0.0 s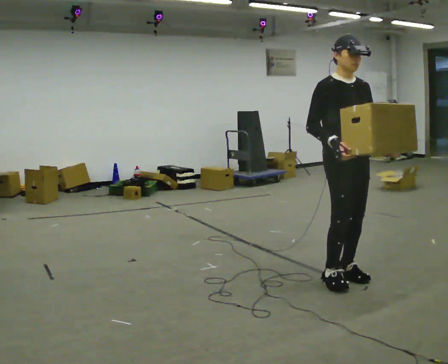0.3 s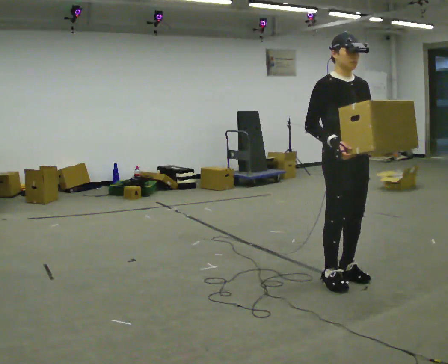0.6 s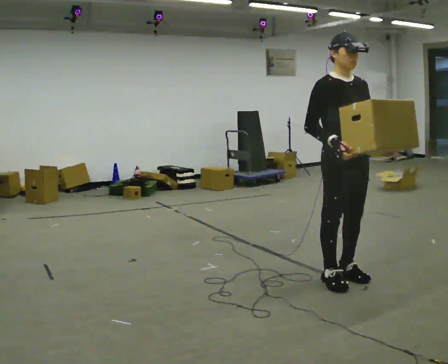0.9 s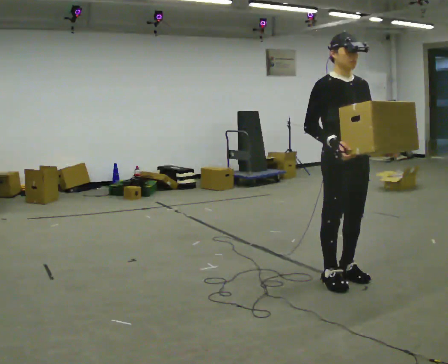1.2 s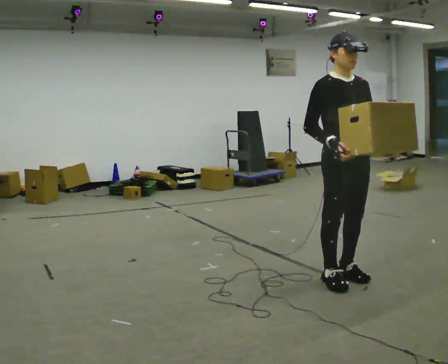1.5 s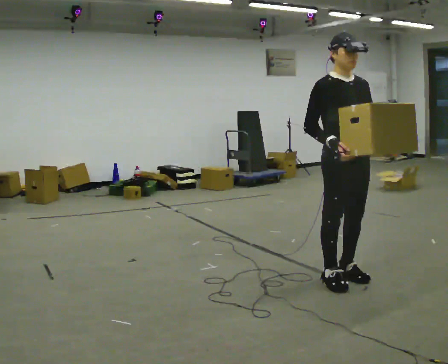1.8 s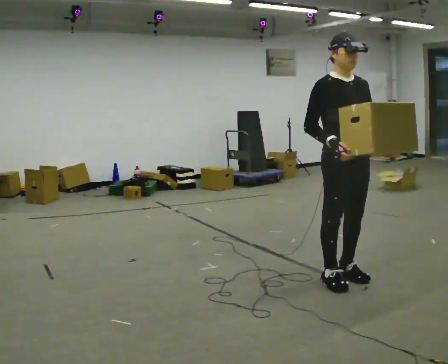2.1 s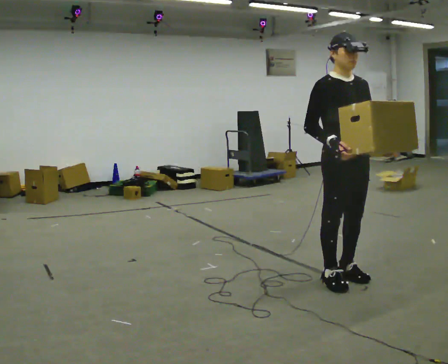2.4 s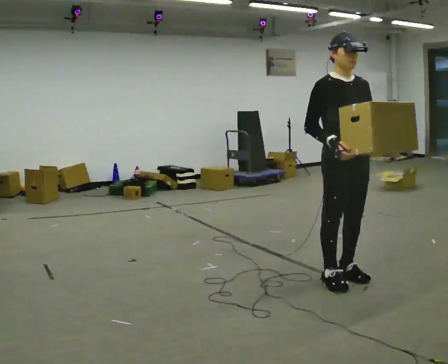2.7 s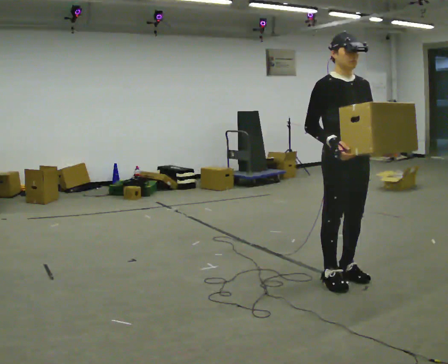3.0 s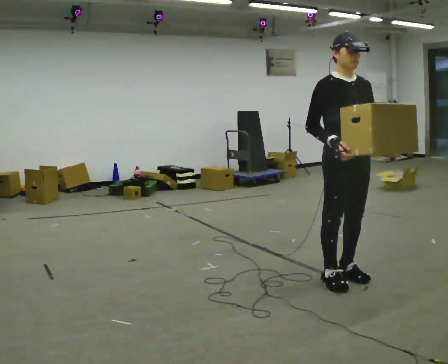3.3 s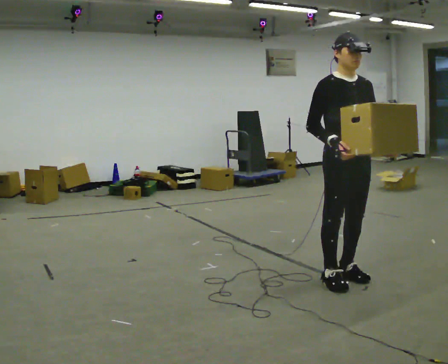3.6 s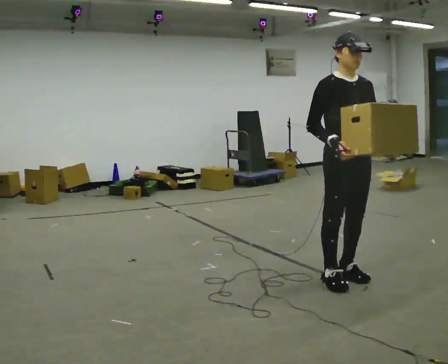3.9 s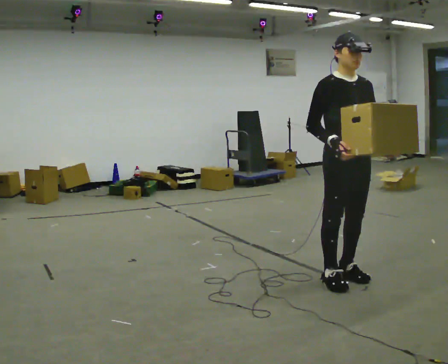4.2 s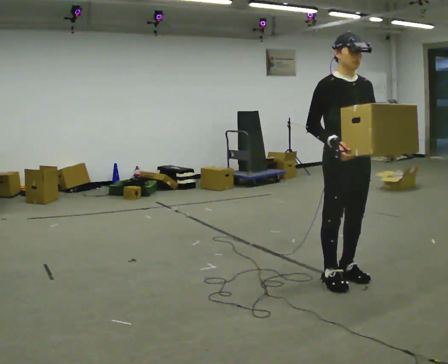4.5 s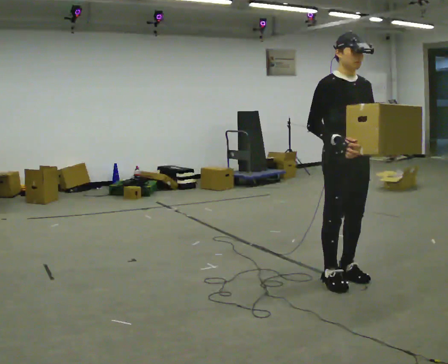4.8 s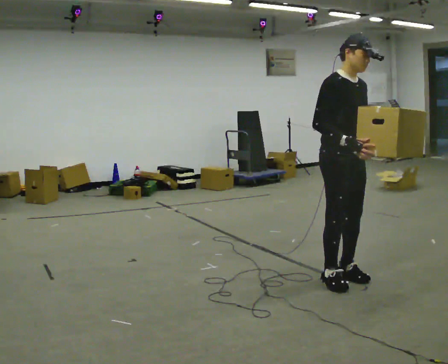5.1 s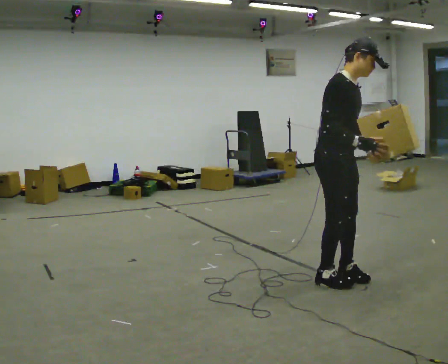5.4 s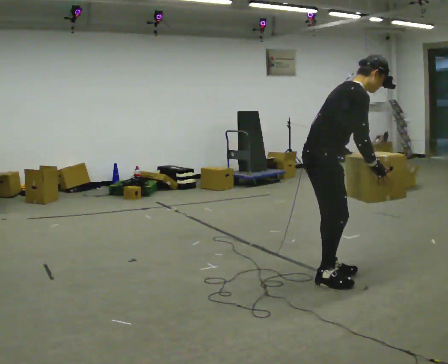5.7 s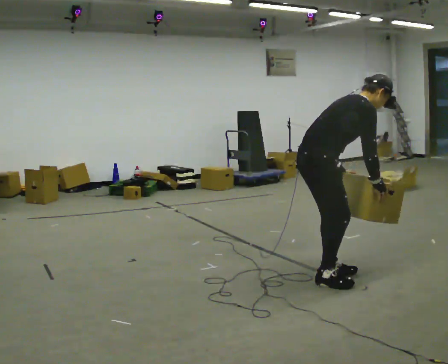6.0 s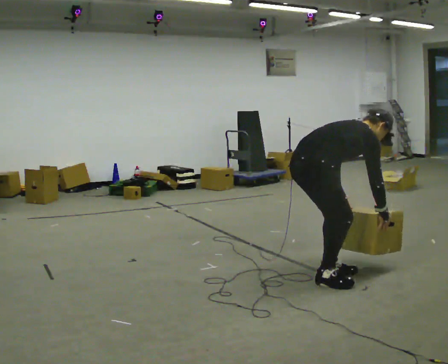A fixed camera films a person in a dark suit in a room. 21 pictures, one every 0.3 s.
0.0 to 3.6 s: The person moves a little, or ends about where they began.
3.6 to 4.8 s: Seen from above the body turns counterclockwise, about 45 degrees: to their left, with its near side sliding to the right. In the picture the upper body tilts clockwise, shoulders to the right, as they bend forward.
4.8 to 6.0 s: Seen from above the body turns counterclockwise, about 30 degrees: to their left, with its near side sliding to the right. The upper body goes downward. The upper body tips away from the camera, its near side rolling upward, as they bend forward. In the picture their right hand goes downward.
The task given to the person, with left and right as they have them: Carry the heaviest box in both hands in front of you, walking back and forth across the room. Only carry what is comfortable. Set it down whenever you need to.
The film runs forward here.
